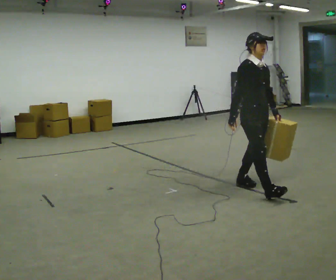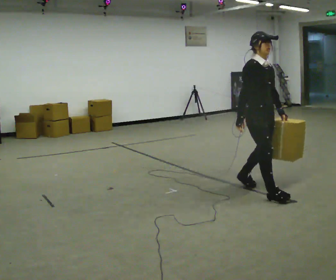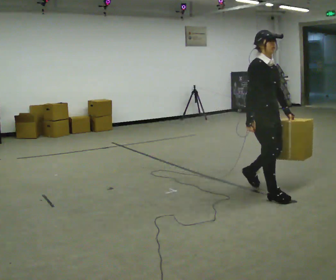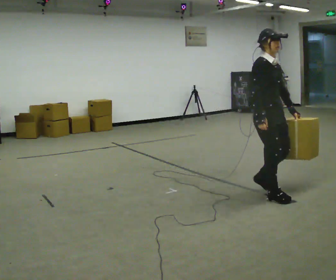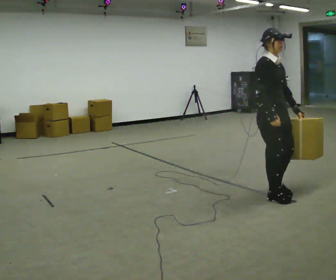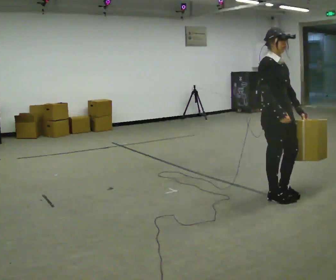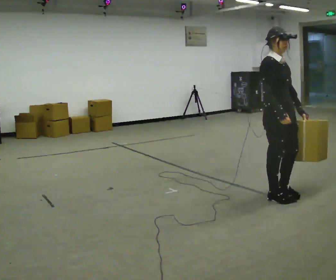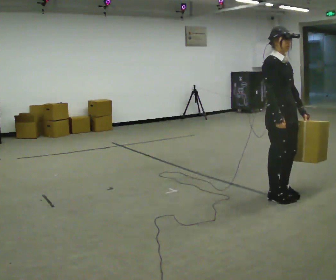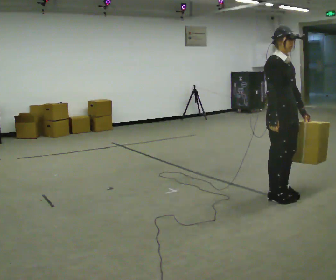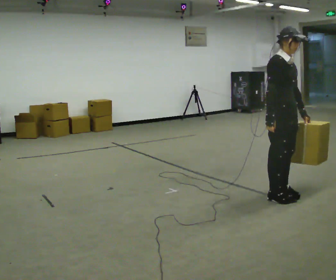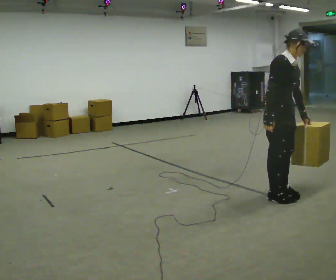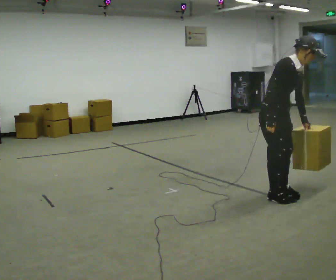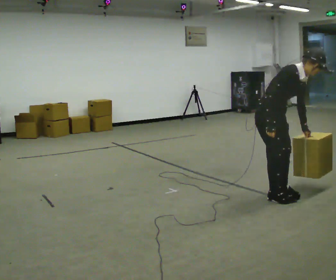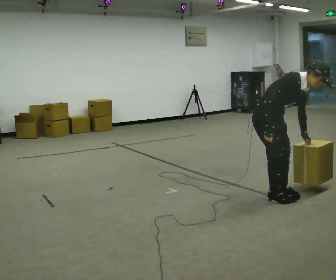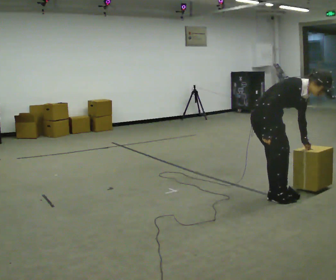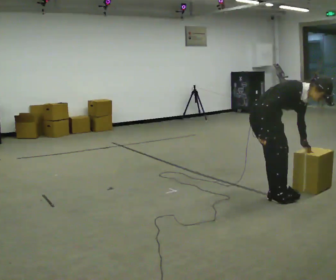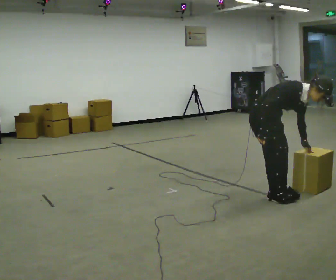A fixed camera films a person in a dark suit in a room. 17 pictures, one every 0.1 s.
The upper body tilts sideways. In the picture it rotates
clockwise.
0.0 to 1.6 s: In the picture they go toward the camera, about 0.25 m in 2 steps, which for them is forward. The shoulders move downward. In the picture the upper body tilts clockwise, shoulders to the right, as they bend forward. In the picture their right hand goes to the right.
The film runs forward here.
